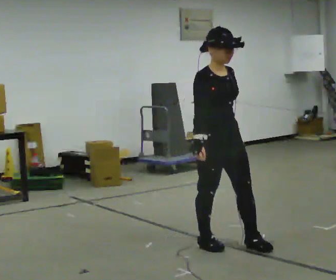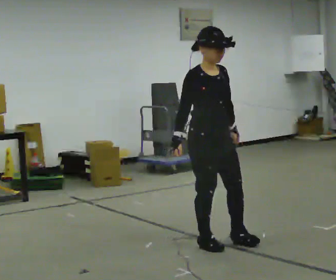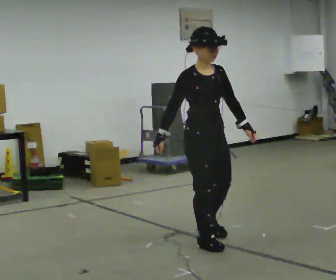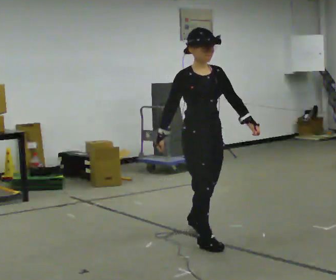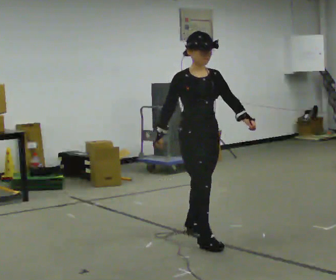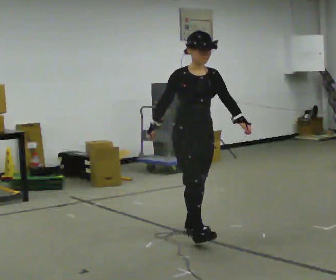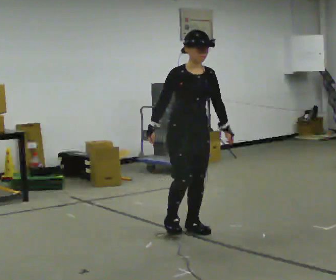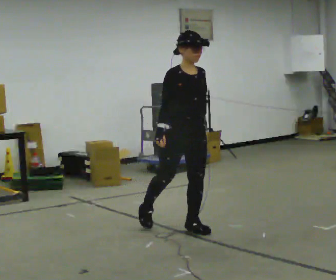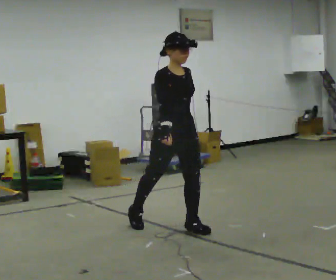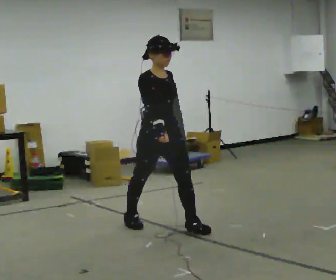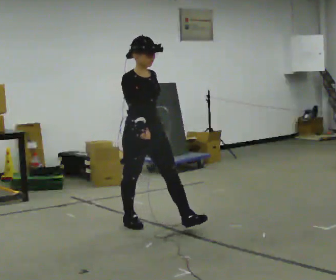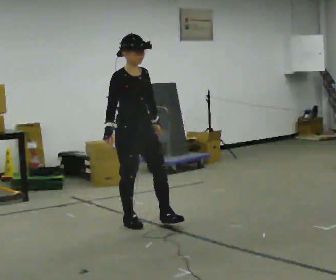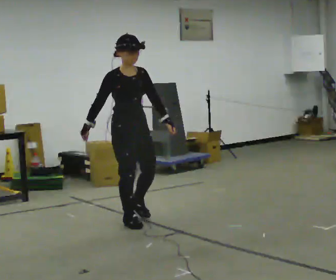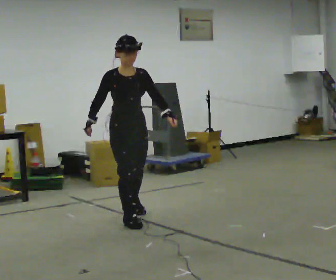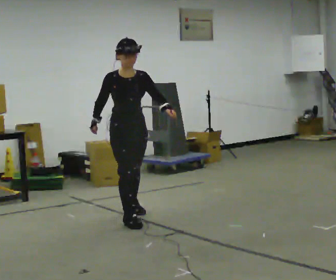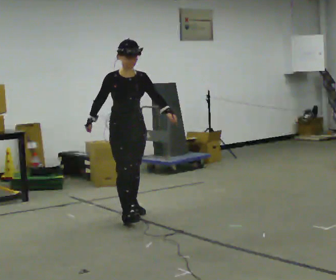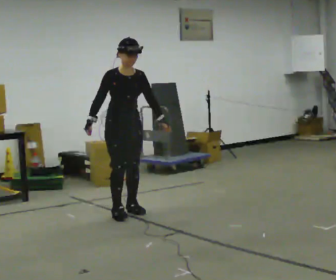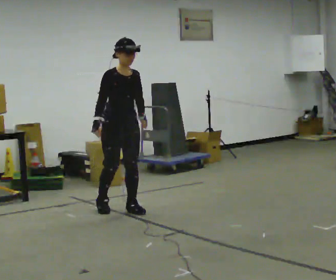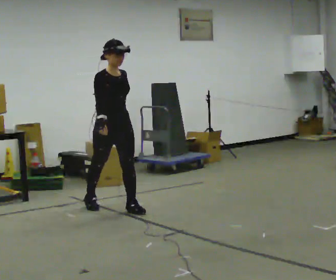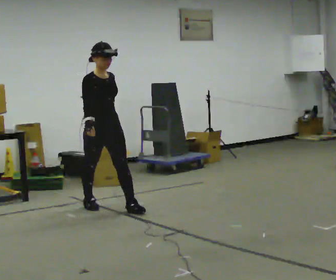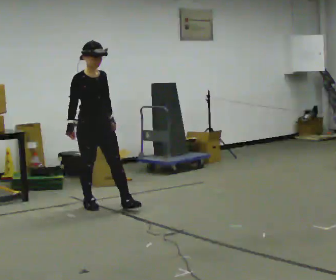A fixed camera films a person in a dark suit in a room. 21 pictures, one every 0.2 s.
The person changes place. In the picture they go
away from the camera.
0.0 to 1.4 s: In the picture they go away from the camera, about 0.5 m in 2 steps, which for them is backward.
1.4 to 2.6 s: In the picture they go to the left and away from the camera, about 0.5 m in 1 step, which for them is backward and to their right.
2.6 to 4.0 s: In the picture they go away from the camera and to the left, about 0.75 m in 2 steps, which for them is backward.
The film runs backward here.
